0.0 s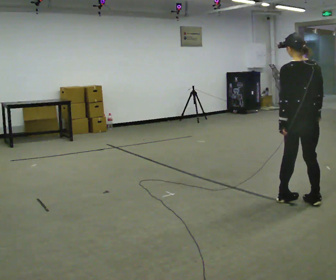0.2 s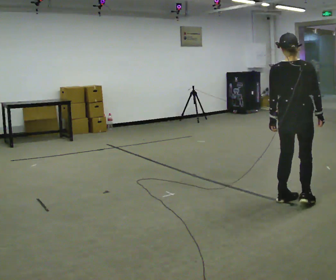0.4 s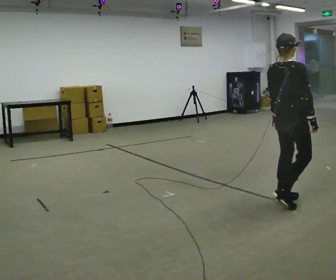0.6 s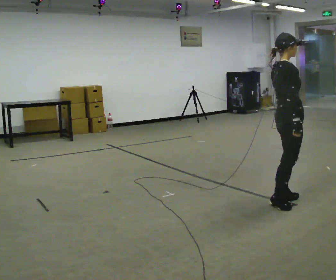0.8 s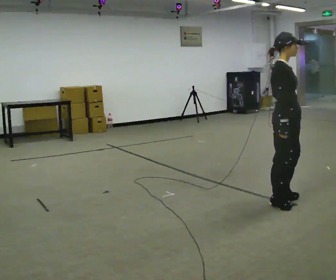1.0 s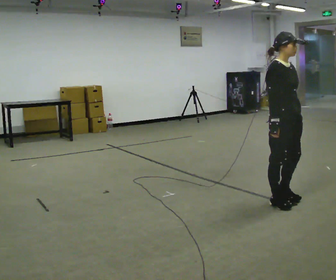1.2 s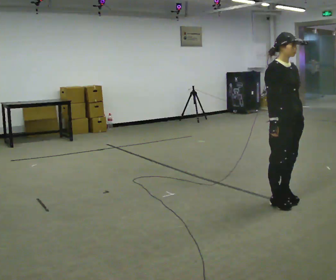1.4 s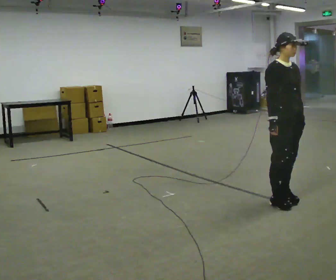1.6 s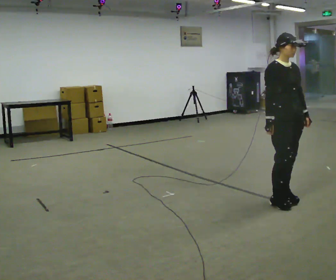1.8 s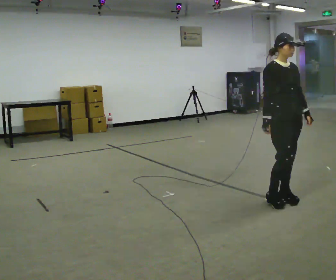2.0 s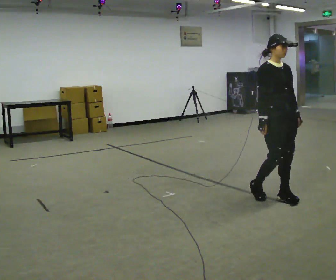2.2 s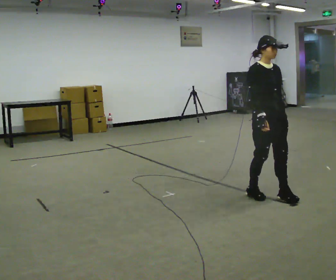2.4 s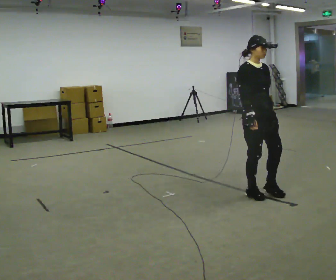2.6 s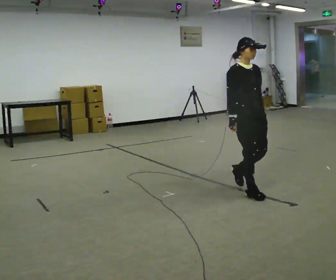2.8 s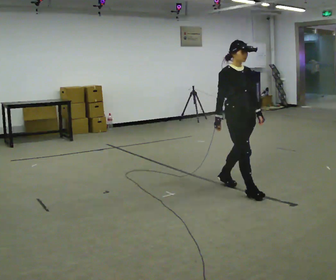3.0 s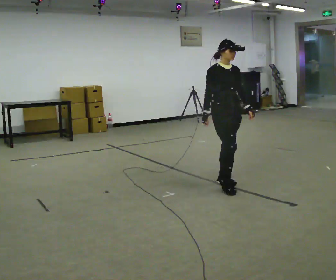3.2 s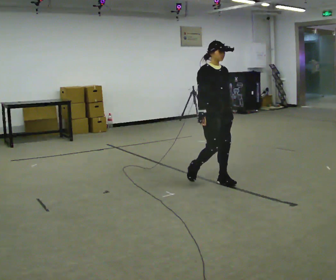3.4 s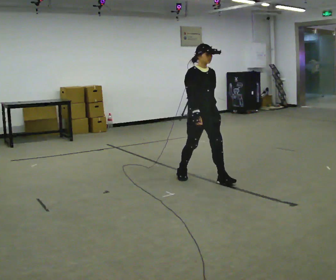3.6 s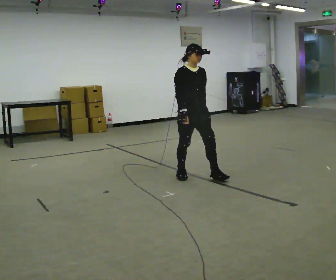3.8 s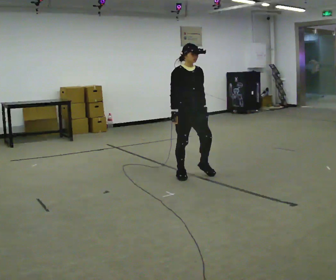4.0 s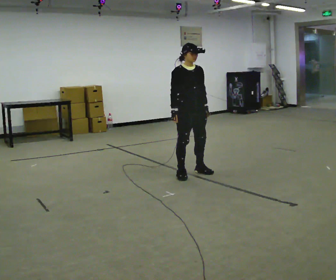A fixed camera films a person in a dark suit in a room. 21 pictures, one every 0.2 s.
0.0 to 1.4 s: Seen from above the body turns clockwise, about 150 degrees: to their right, with its near side sliding to the left. In the picture they go to the left, about 0.25 m in 1 step. In the picture their right hand goes to the left.
1.4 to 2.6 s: In the picture they go to the left and away from the camera, about 0.5 m in 2 steps, which for them is backward.
2.6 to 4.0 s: In the picture they go to the left and away from the camera, about 1 m in 2 steps, which for them is backward.
The film runs backward here.
